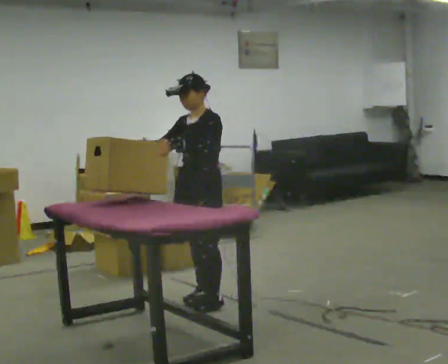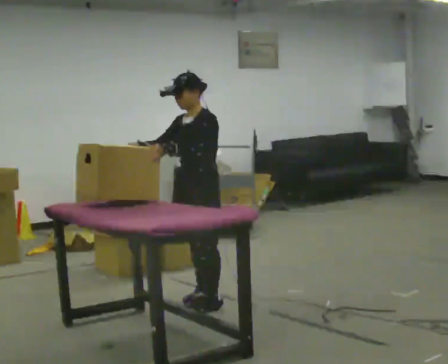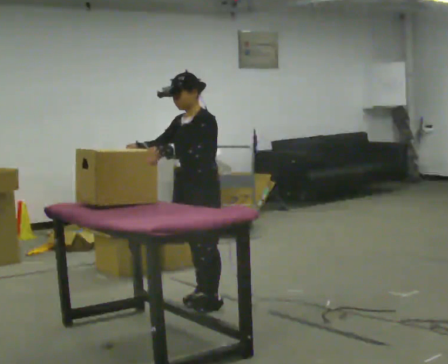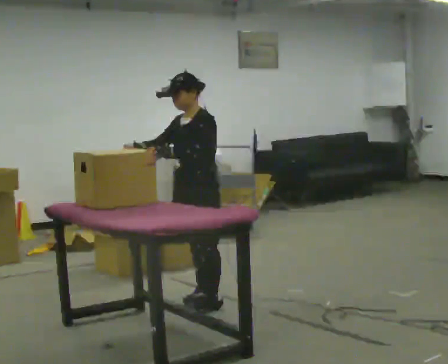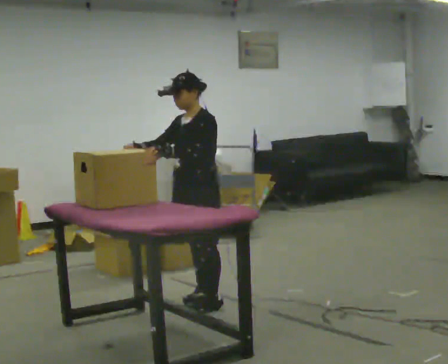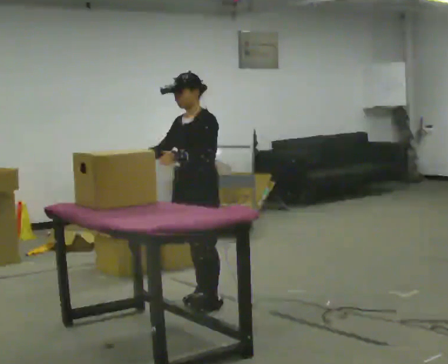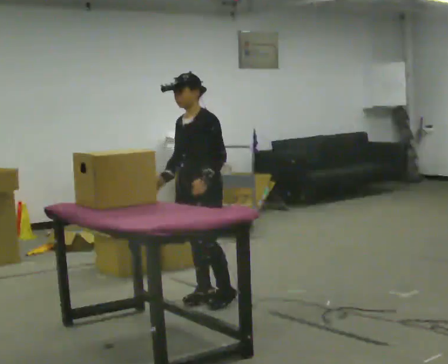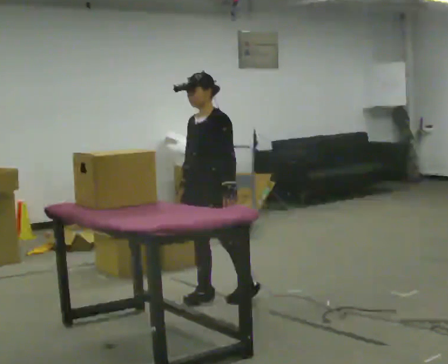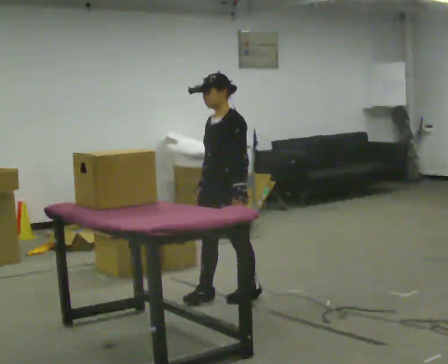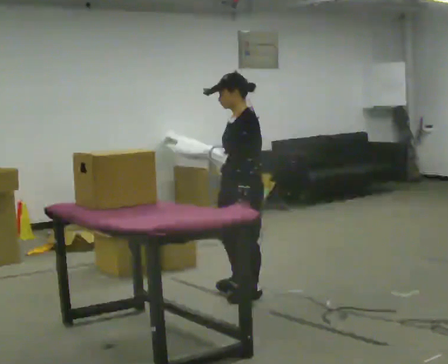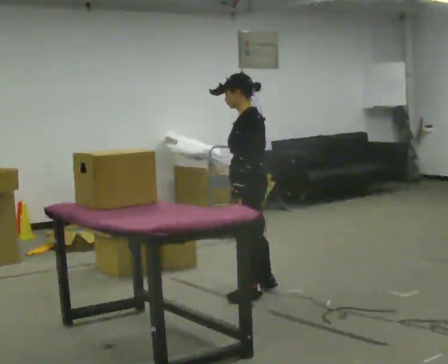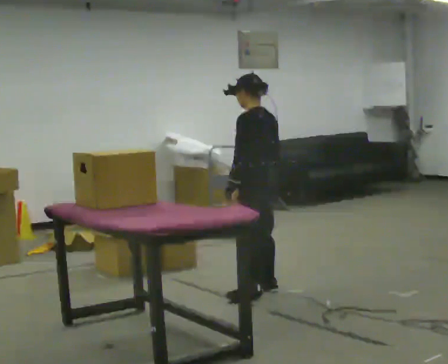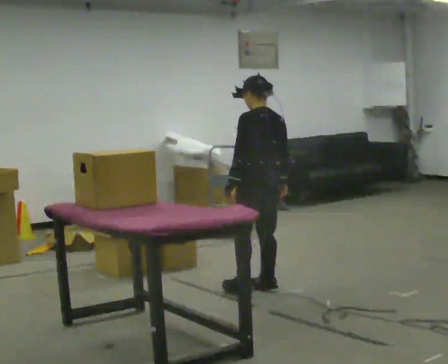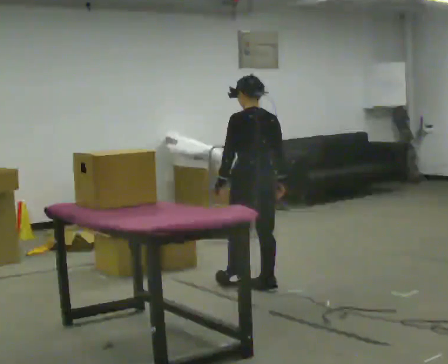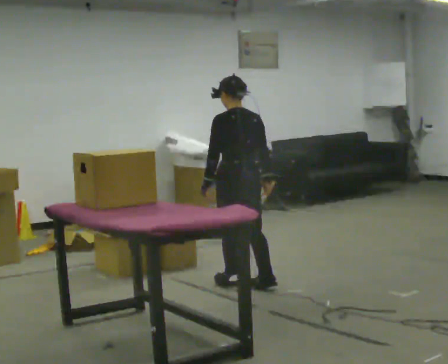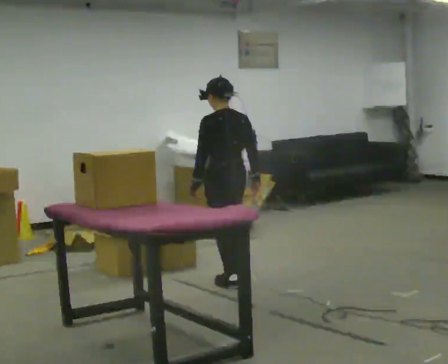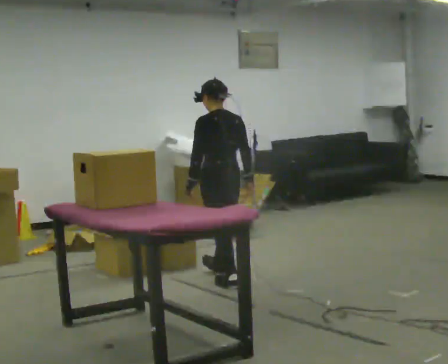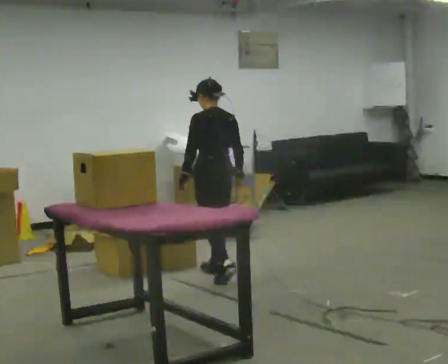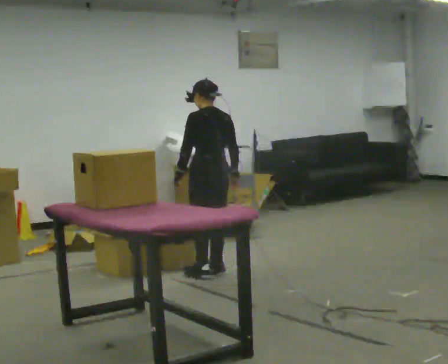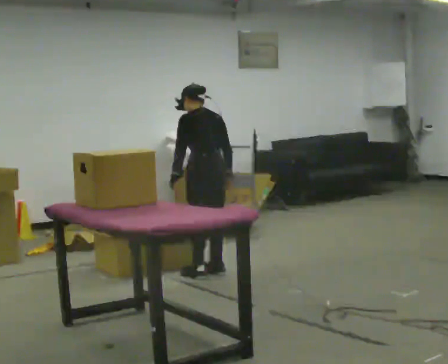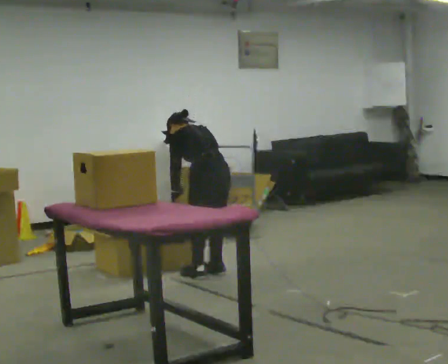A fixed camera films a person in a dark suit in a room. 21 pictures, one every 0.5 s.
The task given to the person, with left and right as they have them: Take boxes off the top of the stack one at a time and carry them away, walking back for each one. Keep going until the operator says stop; one object at a time, and do not rush between trips.
0.0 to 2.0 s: The person moves a little, or ends about where they began.
2.0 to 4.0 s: In the picture they go to the right, about 0.25 m in 1 step, which for them is backward. In the picture their right hand goes to the right, the arm swinging counterclockwise.
4.0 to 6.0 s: Seen from above the body turns clockwise, about 90 degrees: to their right, with its near side sliding to the left. In the picture they go to the right and away from the camera, about 0.25 m in 1 step.
6.0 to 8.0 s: In the picture they go to the left and away from the camera, about 0.5 m in 2 steps, which for them is forward.
8.0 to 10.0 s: In the picture they go away from the camera, about 0.25 m in 1 step, which for them is forward. The upper body tips away from the camera, its near side rolling upward, as they bend forward. In the picture their right hand goes to the left.
The film runs forward here.
